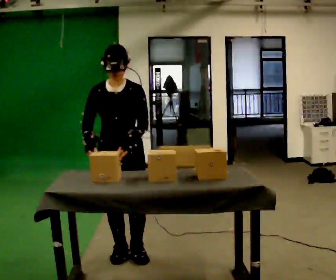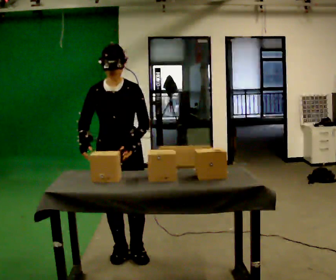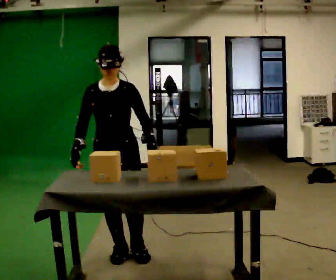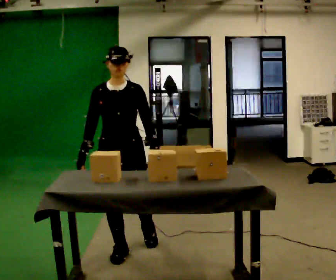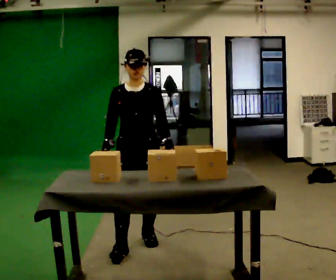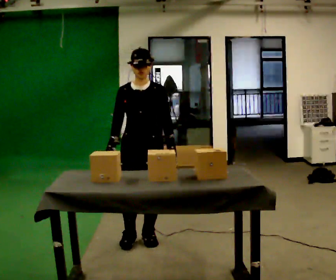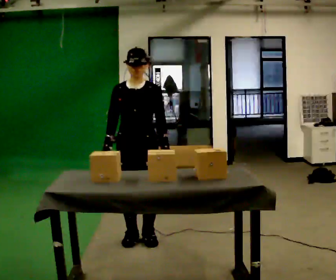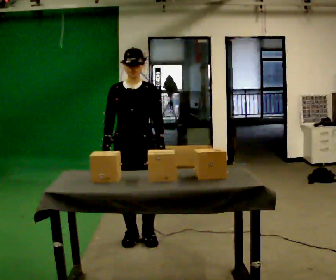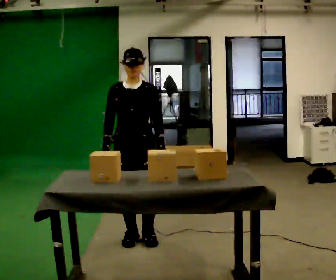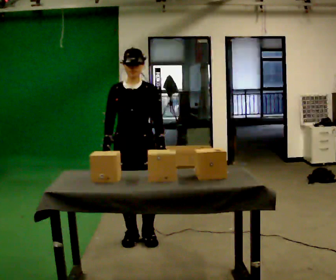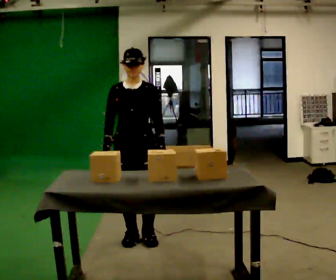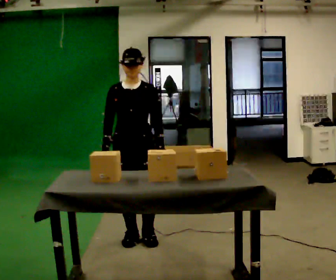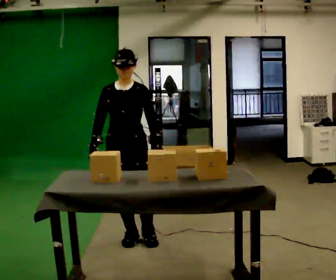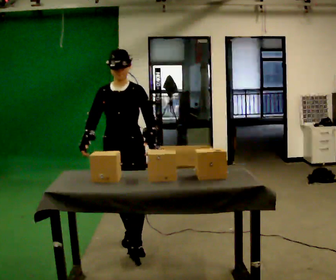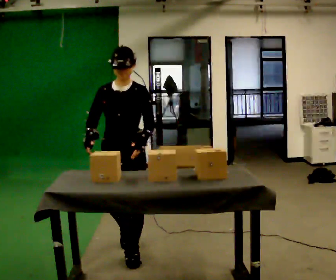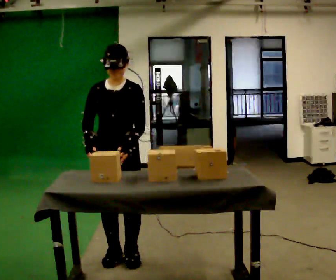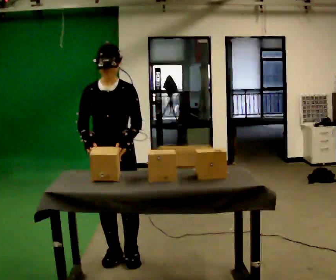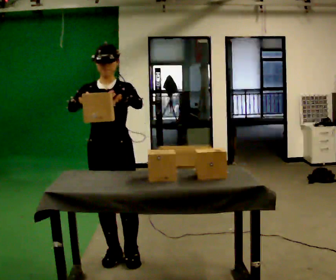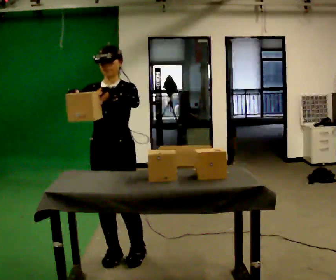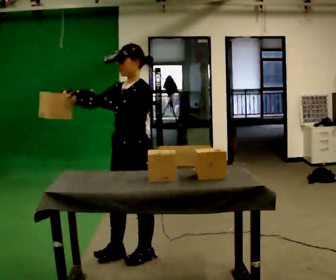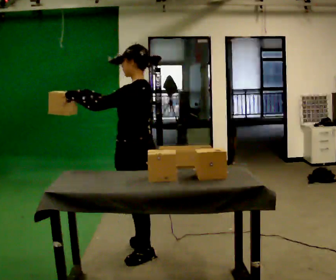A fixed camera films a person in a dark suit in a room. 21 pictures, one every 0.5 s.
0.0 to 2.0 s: In the picture they go away from the camera, about 0.25 m in 1 step, which for them is backward.
2.0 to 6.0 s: The person moves a little, or ends about where they began.
6.0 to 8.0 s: In the picture they go toward the camera, about 0.5 m in 2 steps, which for them is forward.
8.0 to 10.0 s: Seen from above the body turns clockwise, about 105 degrees: to their right, with its near side sliding to the left. In the picture they go to the right, about 0.25 m in 1 step. In the picture their left hand goes to the left.
The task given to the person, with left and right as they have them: Take the objects the operator names off the crowded shelf, one at a time, and carry each one to the table. You will have to move other things out of the way to reach them. Keep going until the operator says stop; one object at a time, and do not rush between trips.
The film runs forward here.
